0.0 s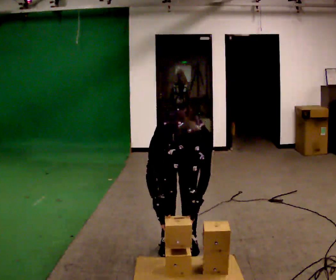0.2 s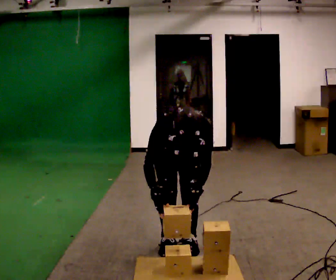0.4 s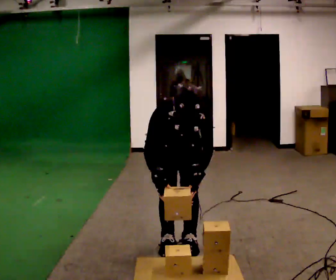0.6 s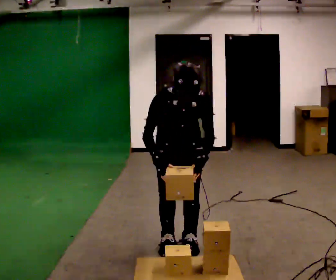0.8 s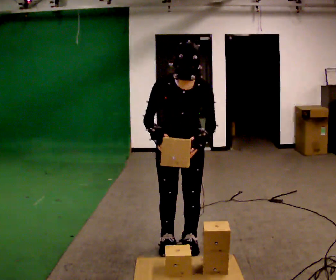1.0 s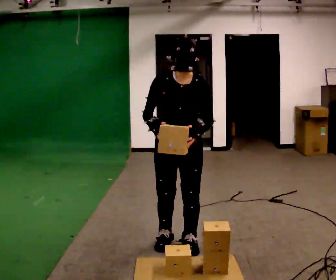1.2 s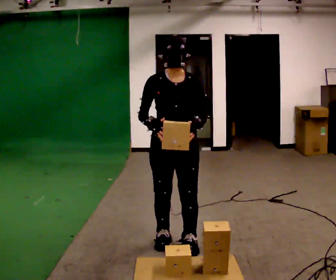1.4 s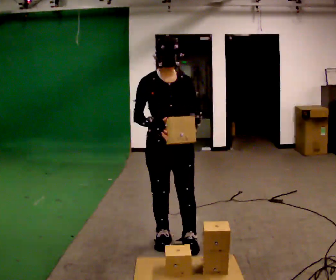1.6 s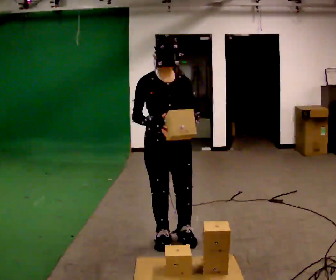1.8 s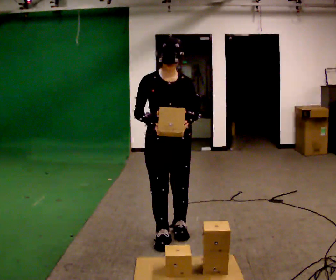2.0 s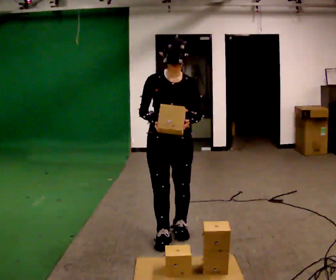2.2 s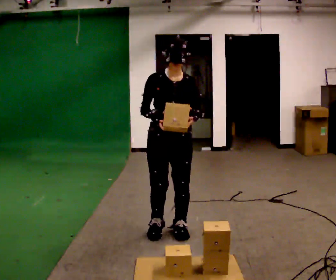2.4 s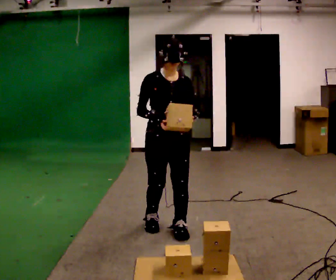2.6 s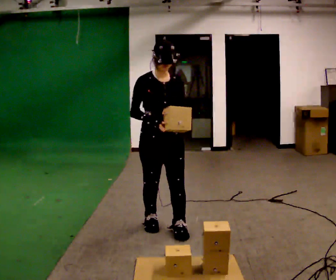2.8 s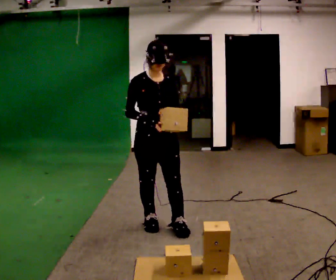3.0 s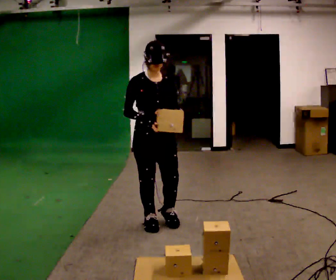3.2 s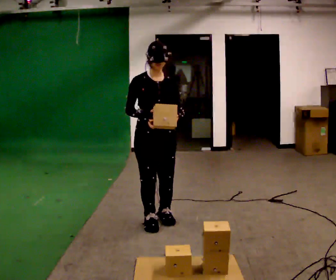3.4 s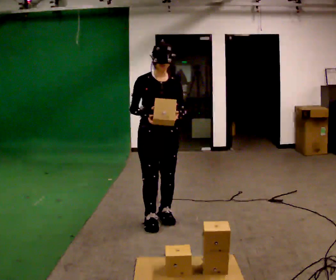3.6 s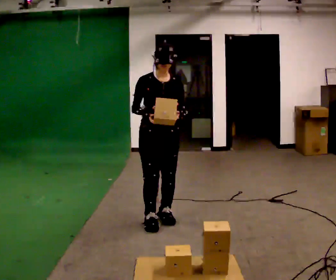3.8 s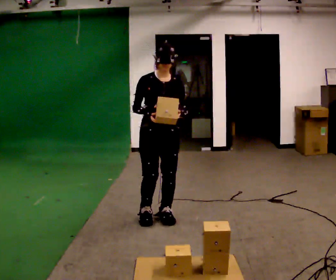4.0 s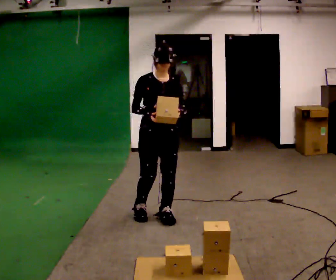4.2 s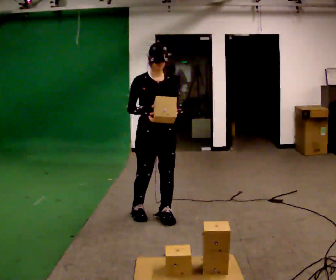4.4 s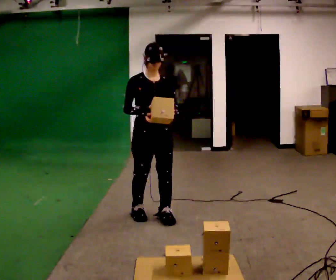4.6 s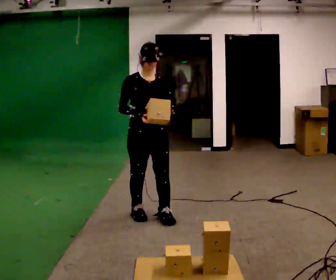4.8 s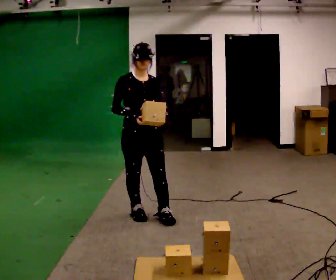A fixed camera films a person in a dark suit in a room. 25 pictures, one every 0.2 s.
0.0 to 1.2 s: The shoulders move upward. The upper body tips away from the camera, its near side rolling upward, as they lean back or straighten. In the picture their left hand goes upward.
1.2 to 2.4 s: In the picture they go away from the camera, about 0.25 m in 2 steps, which for them is backward.
2.4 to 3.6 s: In the picture they go away from the camera, about 0.25 m in 1 step, which for them is backward.
3.6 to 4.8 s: In the picture they go to the left, about 0.25 m in 1 step, which for them is to their right.
The film runs backward here.
